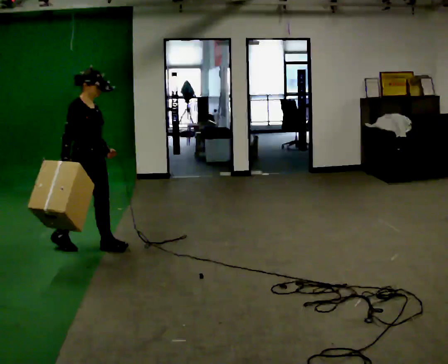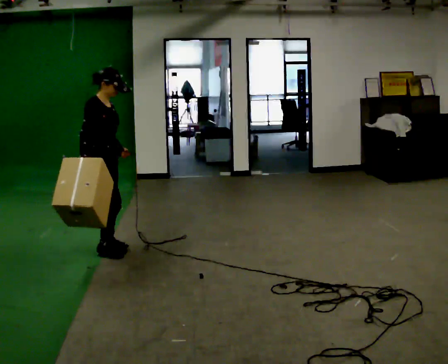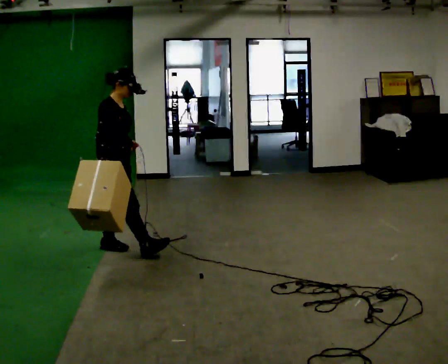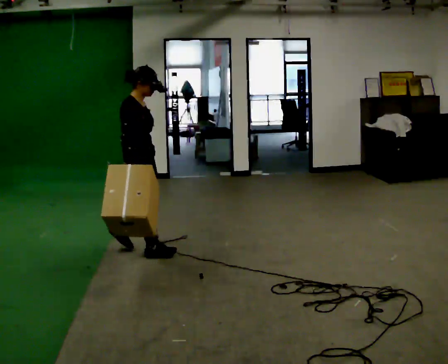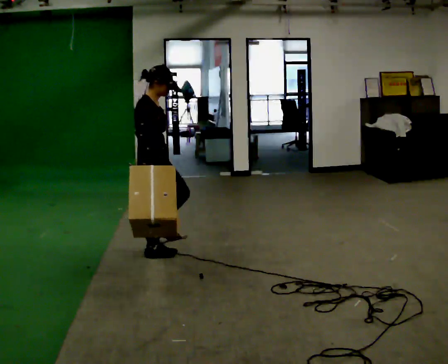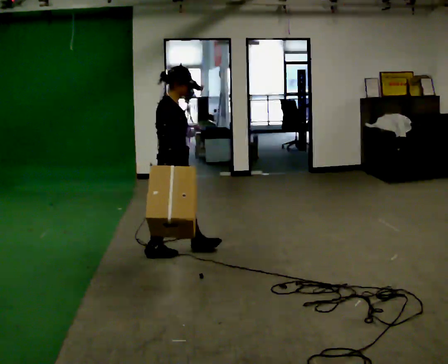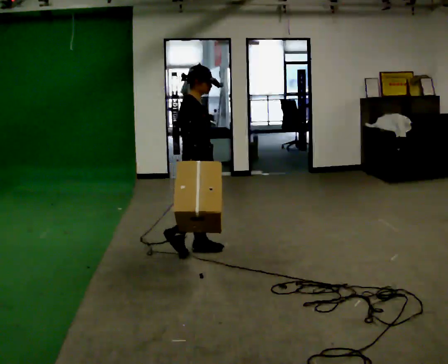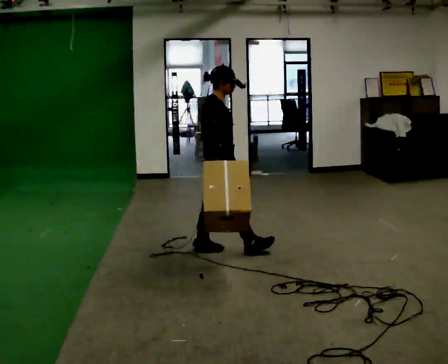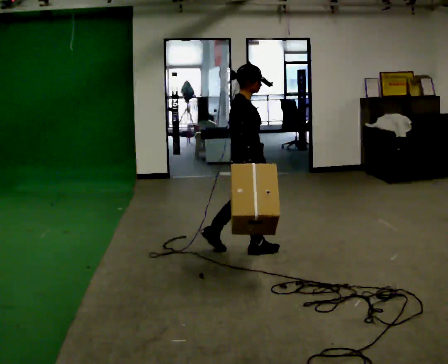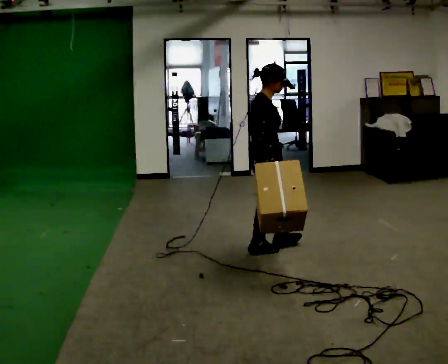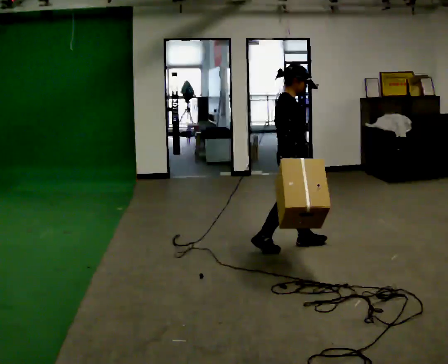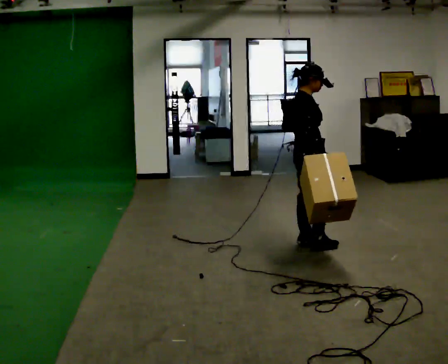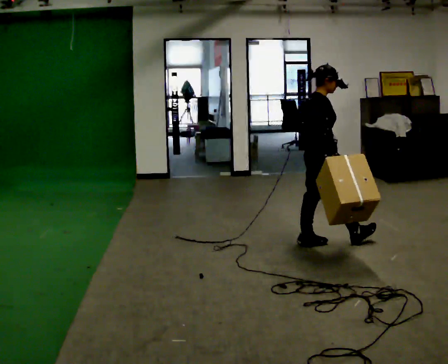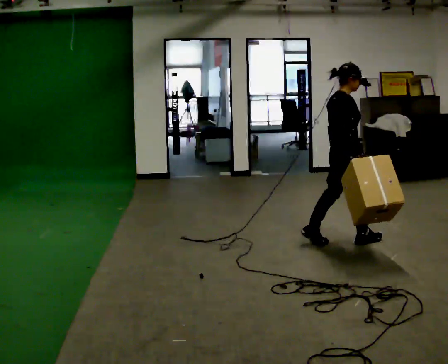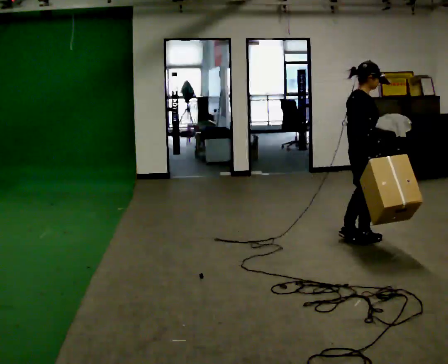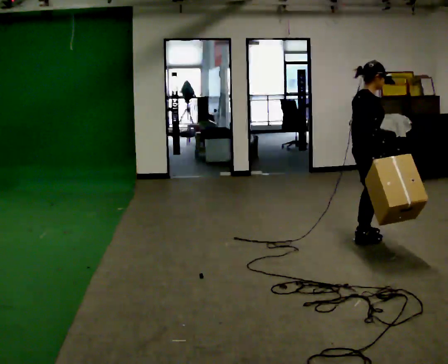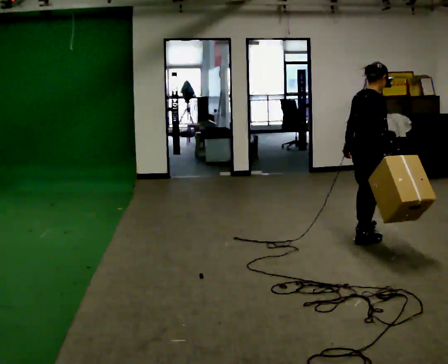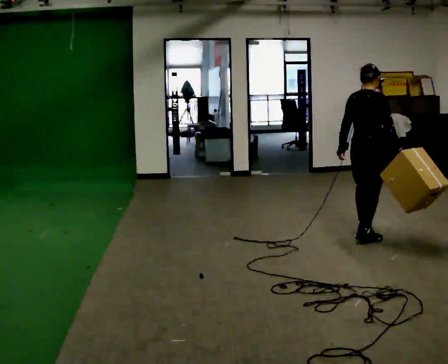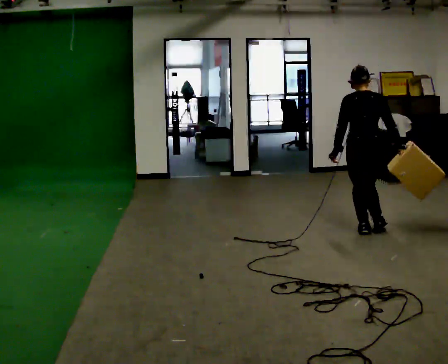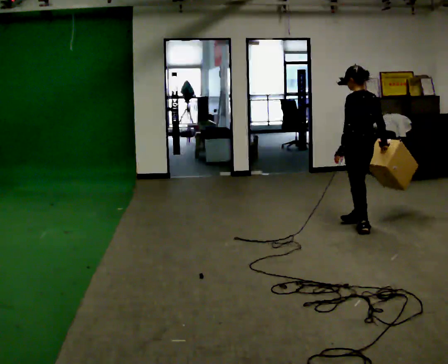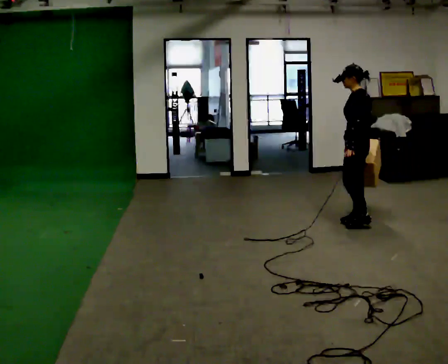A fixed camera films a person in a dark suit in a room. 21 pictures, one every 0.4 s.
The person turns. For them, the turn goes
to their left.
The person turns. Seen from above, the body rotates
counterclockwise.
0.0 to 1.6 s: In the picture they go to the right, about 0.5 m in 1 step, which for them is forward.
1.6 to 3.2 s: In the picture they go to the right, about 0.5 m in 2 steps, which for them is forward.
3.2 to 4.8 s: In the picture they go to the right, about 0.5 m in 1 step, which for them is forward.
4.8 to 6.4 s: In the picture they go to the right, about 0.5 m in 2 steps, which for them is forward.
6.4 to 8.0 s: The person turns about 135 degrees to their left, counterclockwise seen from above, so the part of the body nearest the lens slides to the right. In the picture they go away from the camera, about 0.5 m in 1 step.
The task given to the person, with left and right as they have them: Carry the box straight from one end of the room to the other, set it down, then bring it back. Keep going until the operator says stop; one object at a time, and do not rush between trips.
The film runs forward here.
